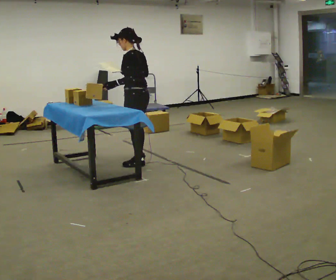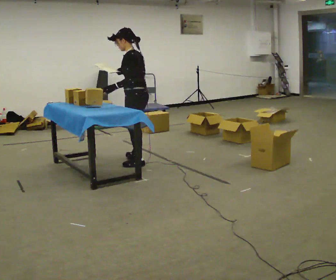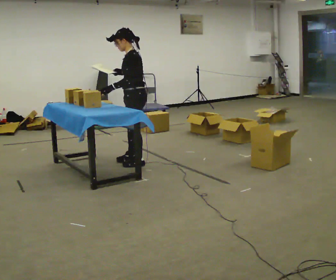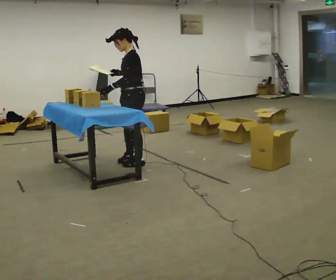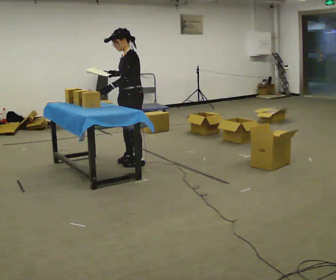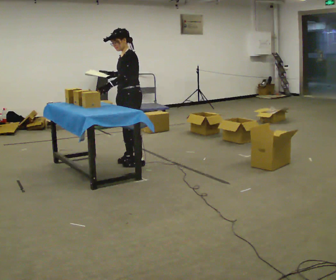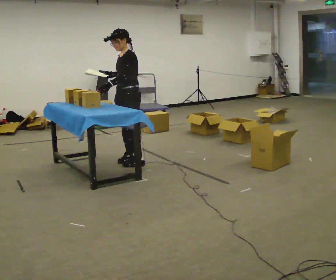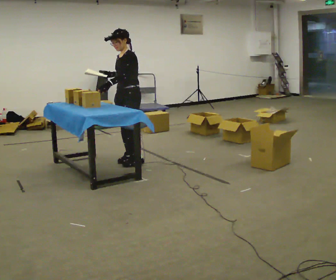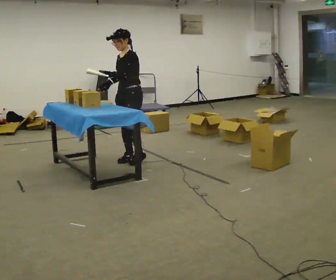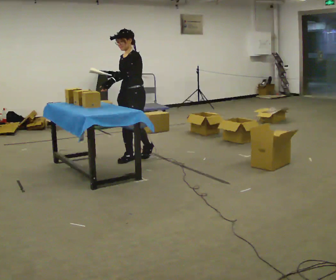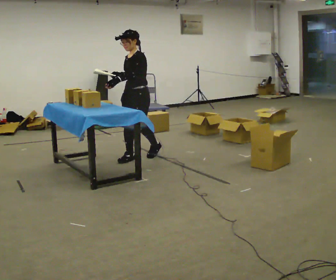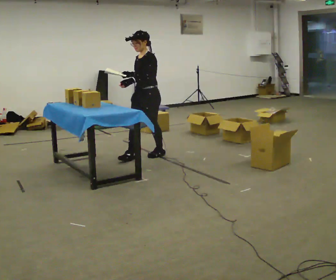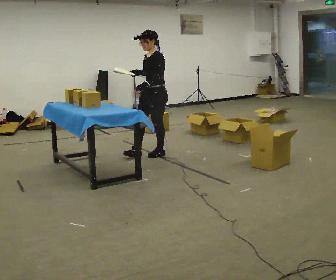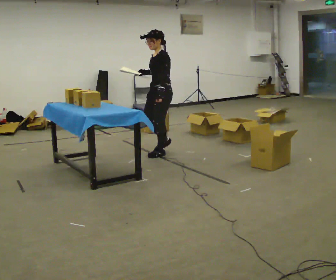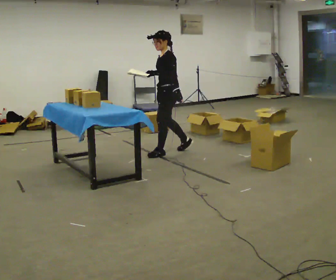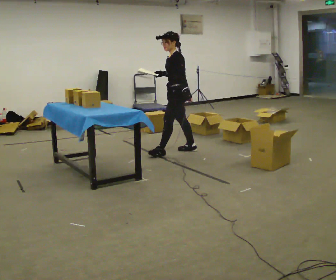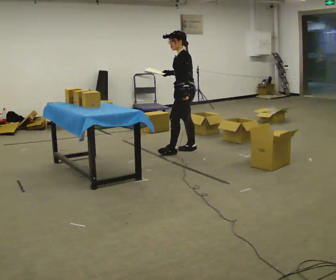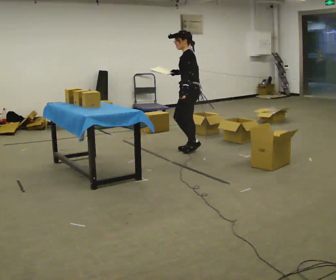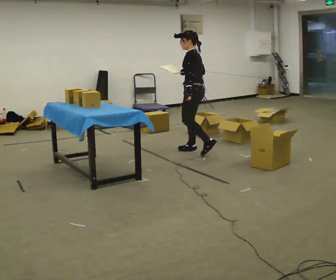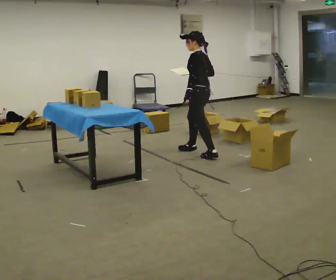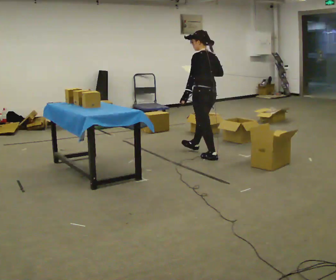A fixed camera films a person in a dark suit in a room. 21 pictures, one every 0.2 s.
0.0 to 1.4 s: The part of the body nearest the lens slides to the right as the person turns to their left by about 60 degrees. In the picture they go away from the camera, about 0.25 m.
1.4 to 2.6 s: In the picture they go to the right and away from the camera, about 0.5 m in 2 steps, which for them is backward.
2.6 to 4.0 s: The person turns about 75 degrees to their right, clockwise seen from above, so the part of the body nearest the lens slides to the left. In the picture they go to the right, about 0.5 m in 2 steps.
The film runs backward here.
